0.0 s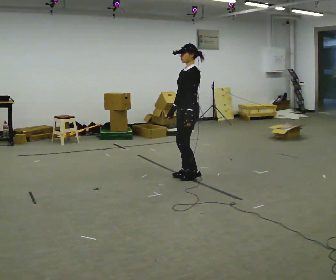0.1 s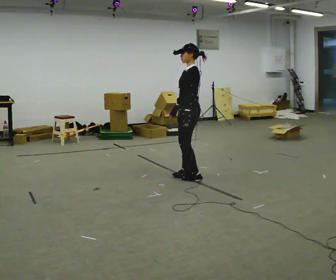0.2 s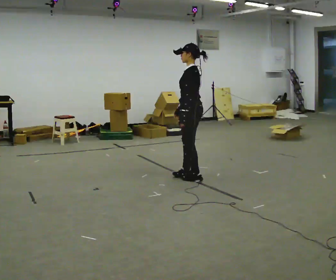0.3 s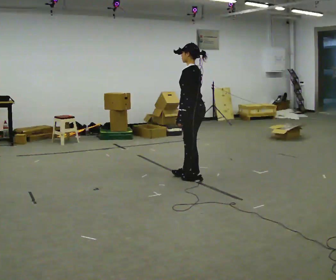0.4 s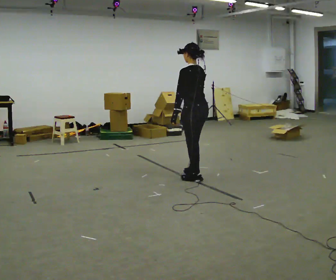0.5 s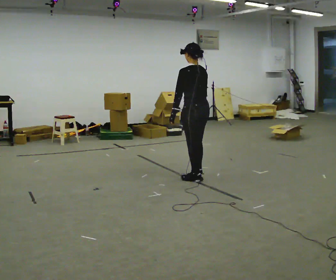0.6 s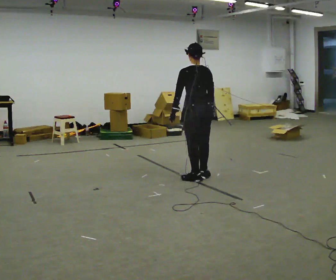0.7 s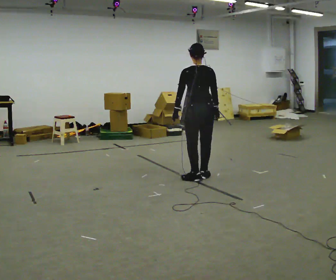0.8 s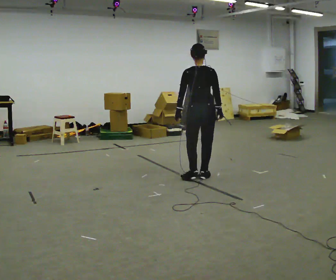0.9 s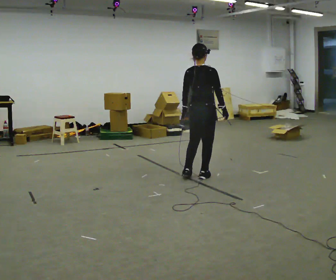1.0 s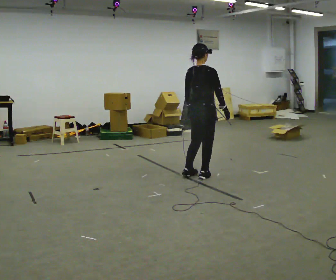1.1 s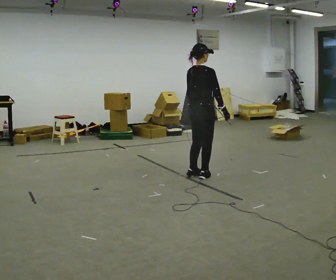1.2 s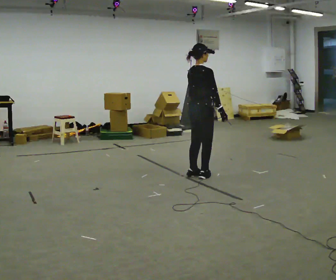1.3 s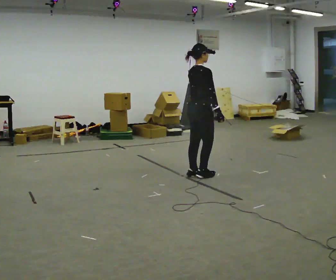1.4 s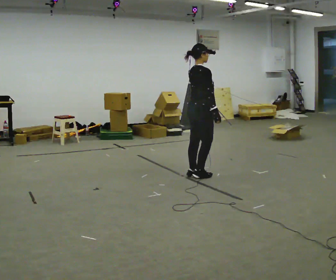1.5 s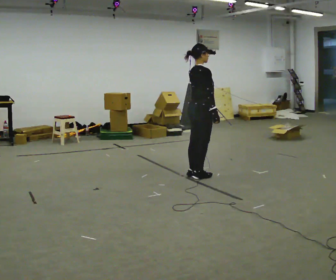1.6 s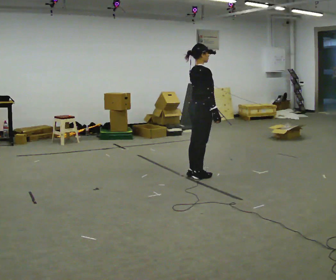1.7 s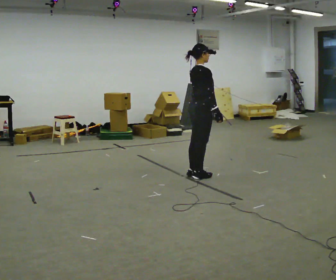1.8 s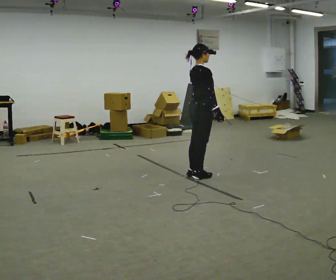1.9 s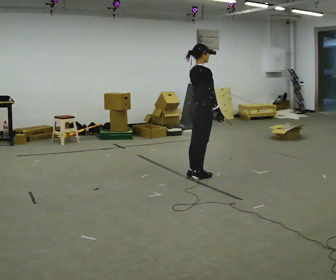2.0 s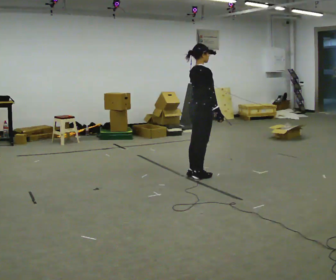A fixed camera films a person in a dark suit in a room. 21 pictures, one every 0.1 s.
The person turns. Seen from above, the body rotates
clockwise.
The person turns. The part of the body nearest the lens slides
to the left.
0.0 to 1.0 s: The part of the body nearest the lens slides to the left as the person turns to their right by about 135 degrees. In the picture their right hand goes to the right, the arm swinging counterclockwise.
1.0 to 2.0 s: The person turns about 30 degrees to their right, clockwise seen from above, so the part of the body nearest the lens slides to the left.
The film runs forward here.
